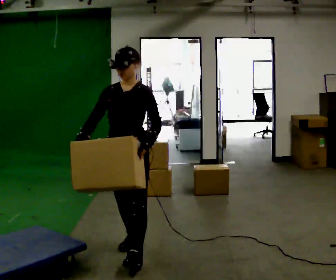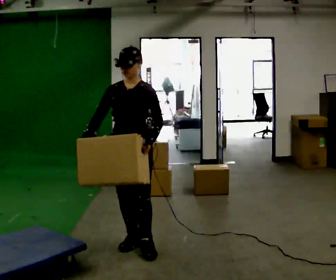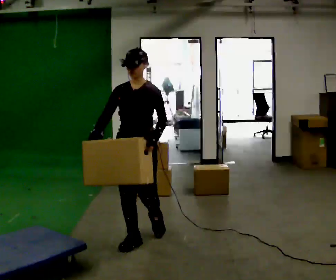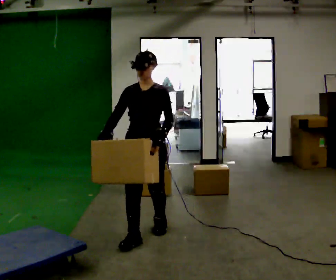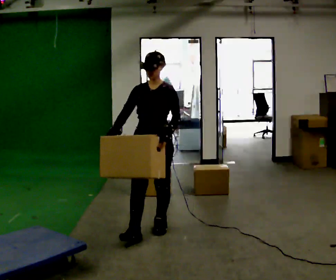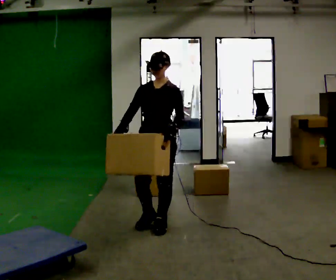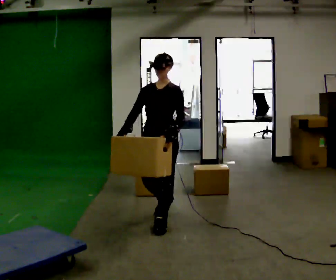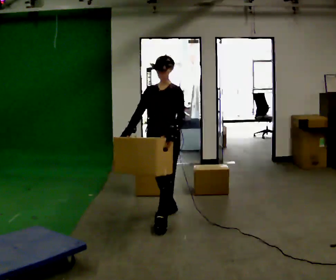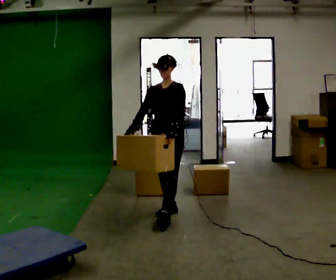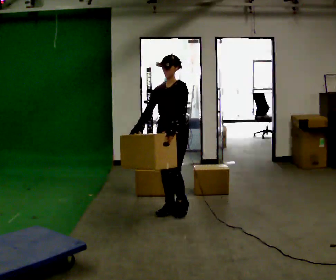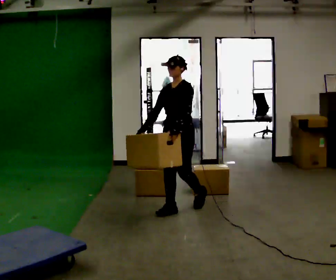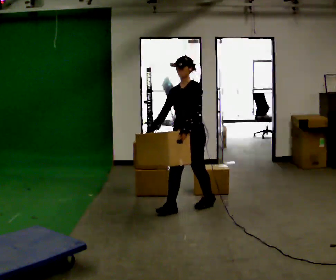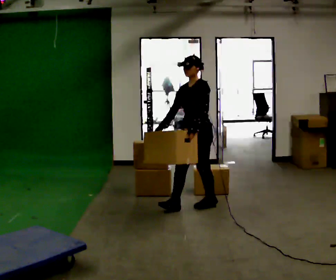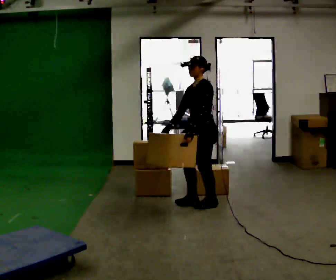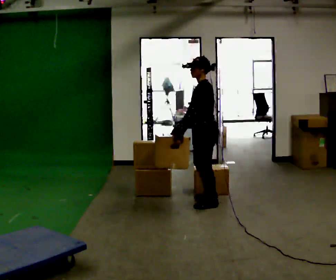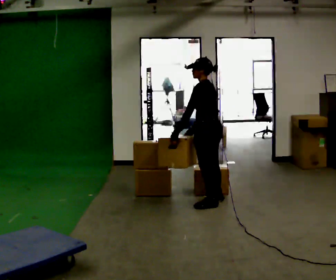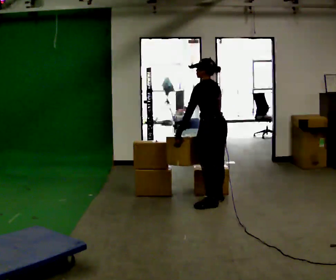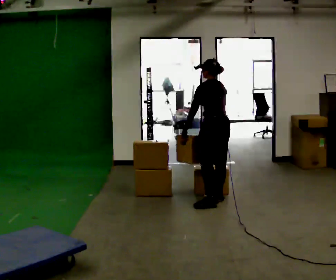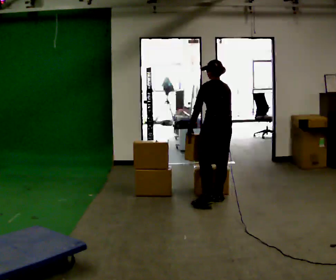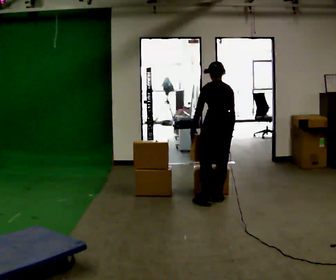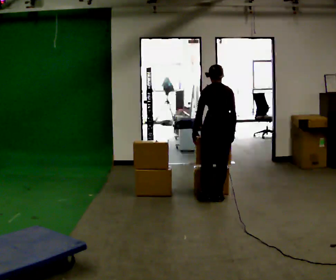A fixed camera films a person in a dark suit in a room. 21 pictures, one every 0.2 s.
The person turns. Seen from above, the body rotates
clockwise.
The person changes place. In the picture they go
away from the camera.
0.0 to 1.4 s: In the picture they go away from the camera, about 1 m in 2 steps, which for them is backward.
1.4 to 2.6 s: Seen from above the body turns clockwise, about 30 degrees: to their right, with its near side sliding to the left. In the picture they go away from the camera and to the right, about 0.5 m in 2 steps, which for them is backward.
2.6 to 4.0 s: The person turns about 105 degrees to their right, clockwise seen from above, so the part of the body nearest the lens slides to the left. In the picture they go away from the camera and to the right, about 0.25 m in 1 step. The upper body tips away from the camera, its near side rolling upward, as they bend forward.
The film runs backward here.
